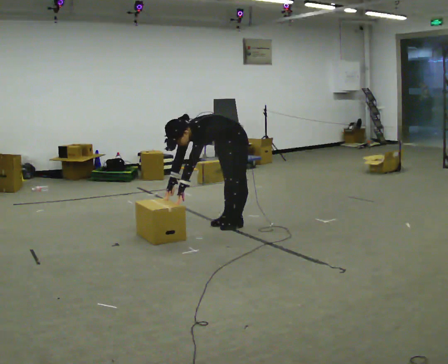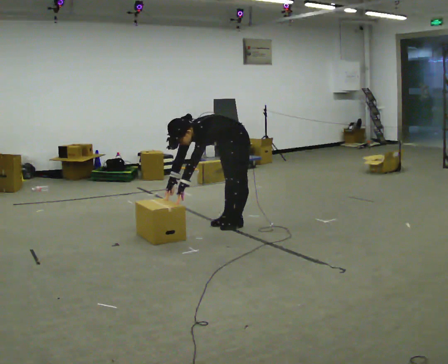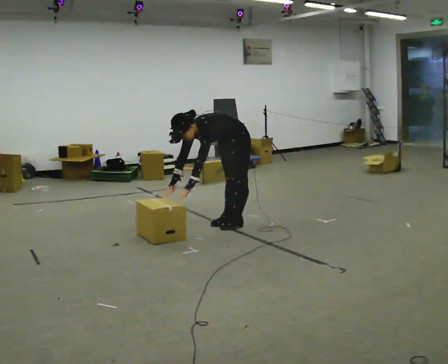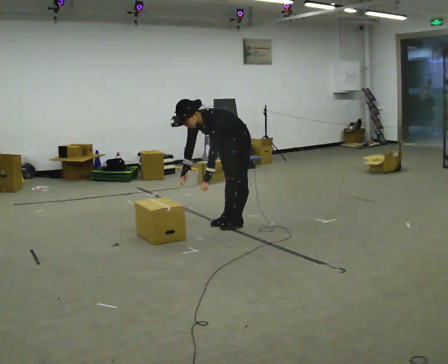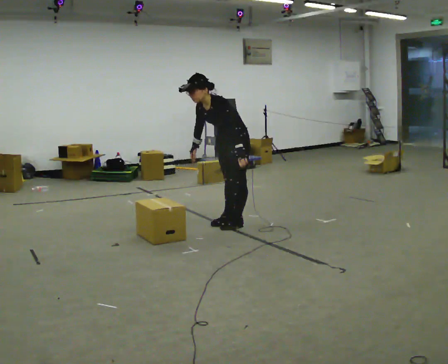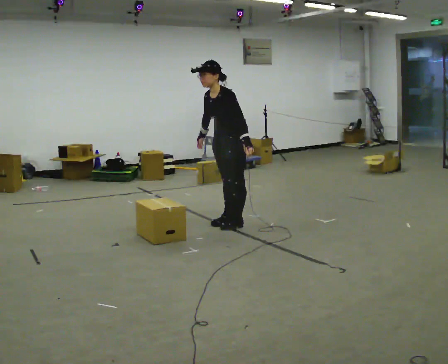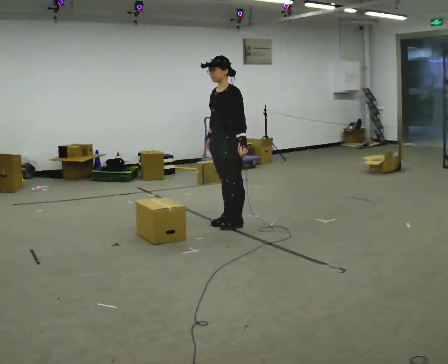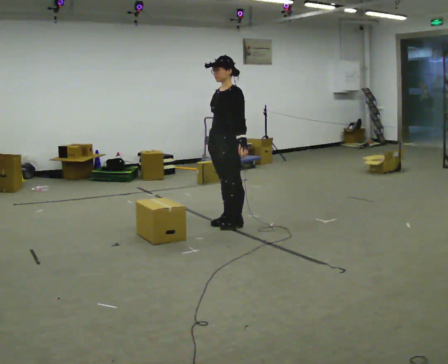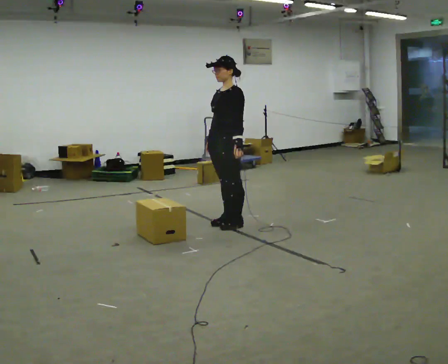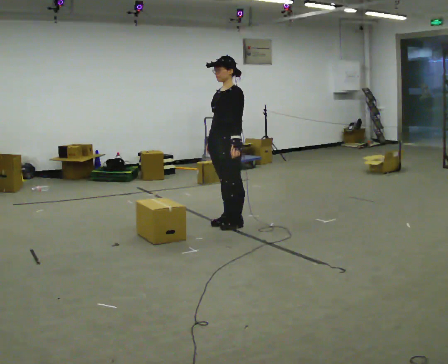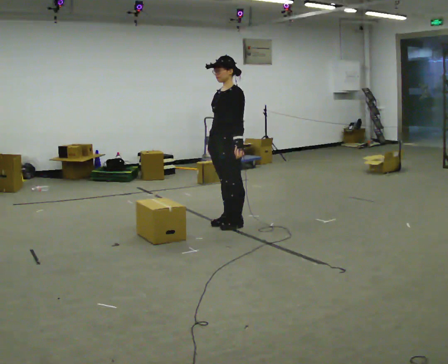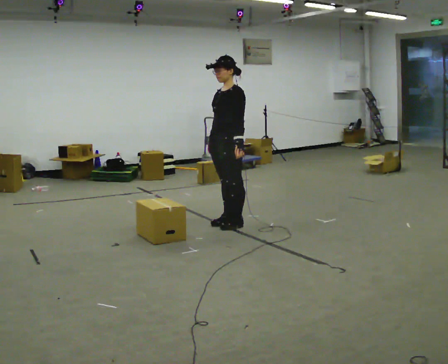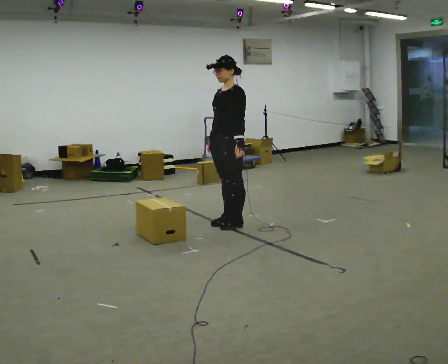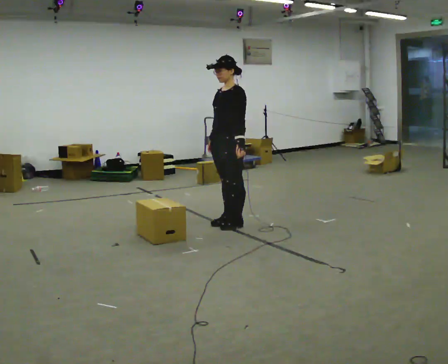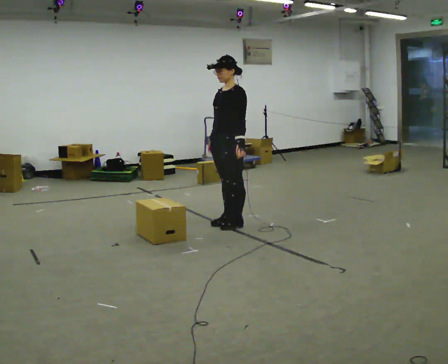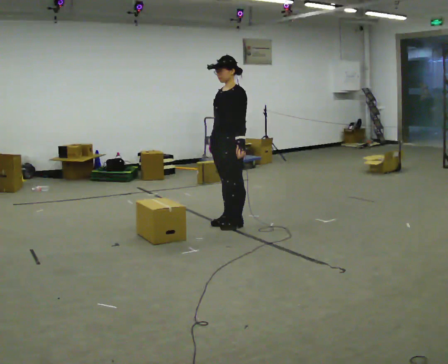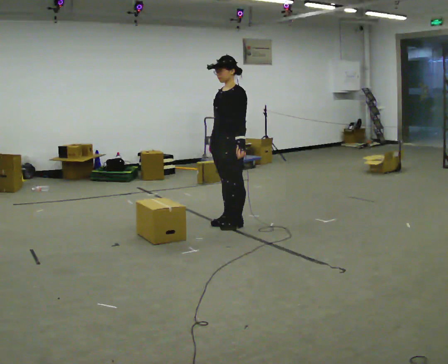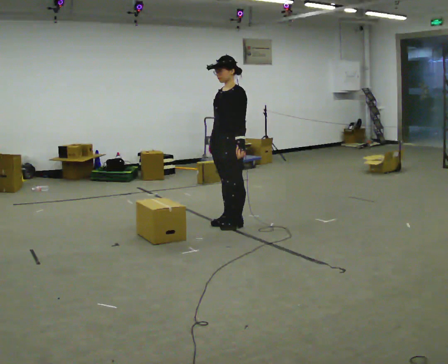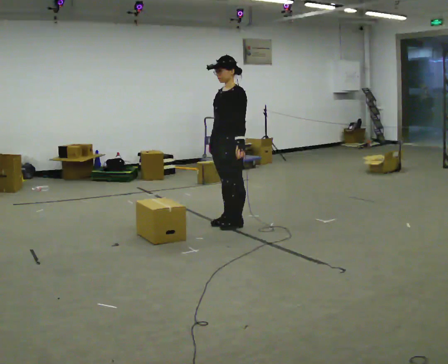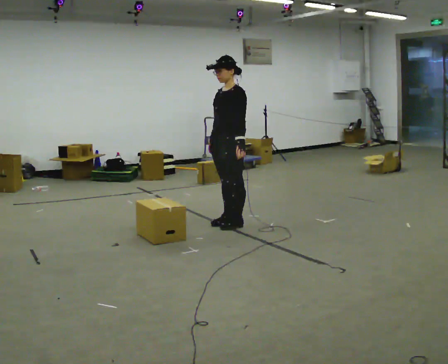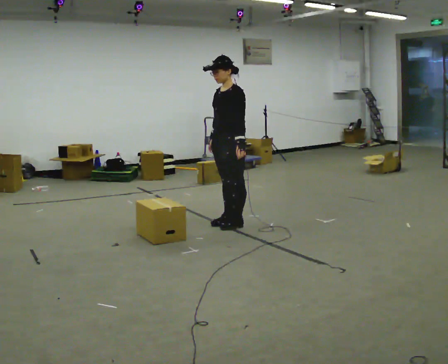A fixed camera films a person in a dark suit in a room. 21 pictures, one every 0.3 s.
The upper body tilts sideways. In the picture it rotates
clockwise.
The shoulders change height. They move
upward.
0.0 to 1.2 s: The shoulders move upward. In the picture the upper body tilts clockwise, shoulders to the right, as they lean back or straighten. In the picture their left hand goes to the right and upward, the arm swinging counterclockwise.
1.2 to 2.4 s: In the picture the upper body tilts clockwise, shoulders to the right, as they lean back or straighten.
2.4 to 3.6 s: The person moves a little, or ends about where they began.
3.6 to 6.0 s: The person keeps their place and pose.
The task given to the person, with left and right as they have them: The object is placed just too far away for you to reach. Try to reach it while keeping both feet planted, and step only when you have to. Repeat at your own pace until the operator says stop. Go slowly and only as far as you are comfortable. Step whenever you need to; do not try to hold on longer than feels safe.
The film runs forward here.
